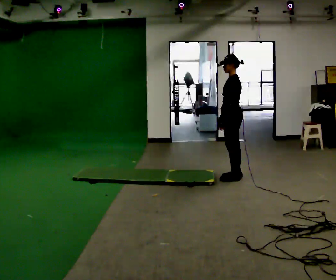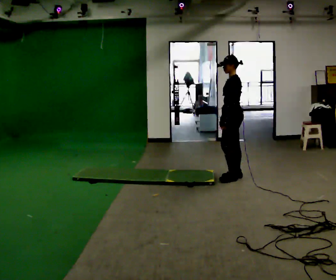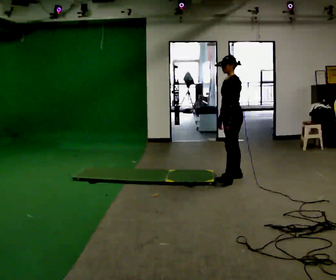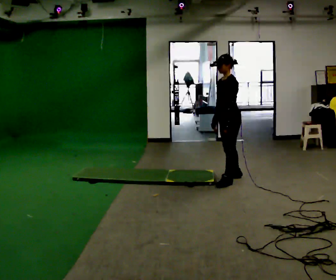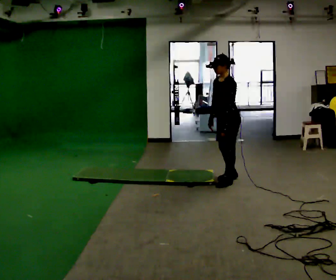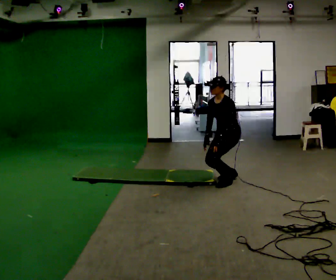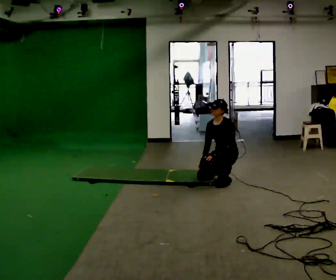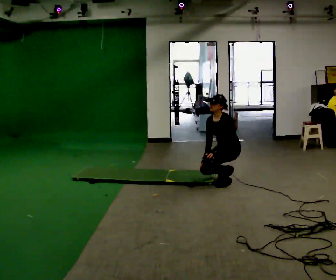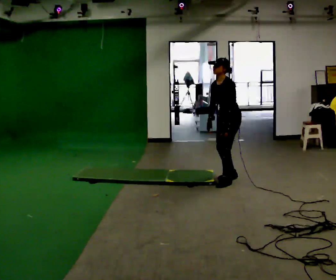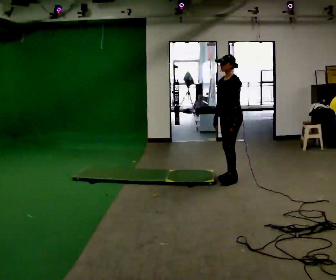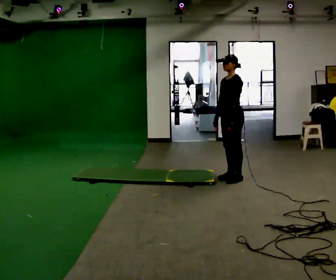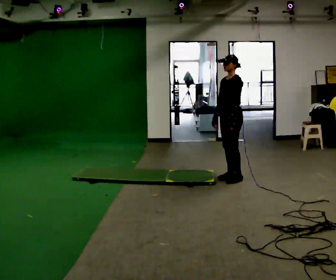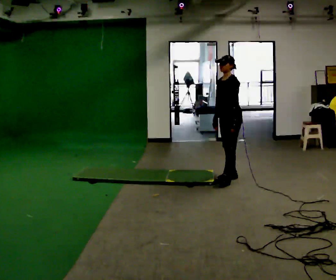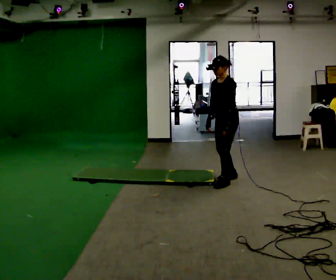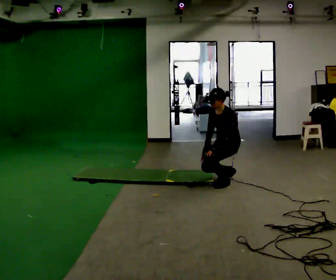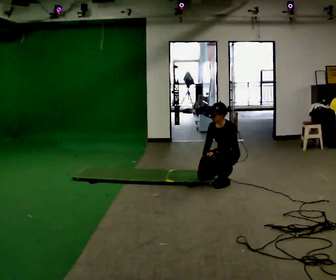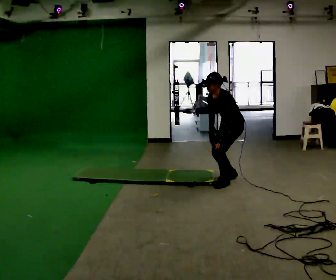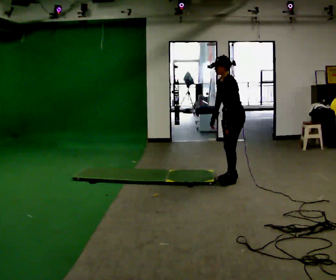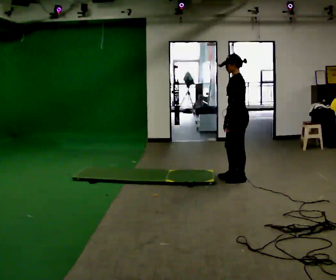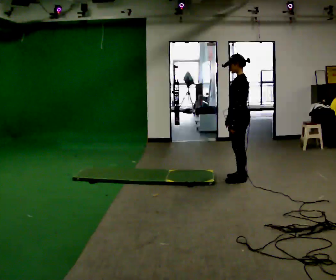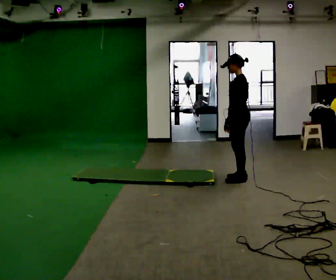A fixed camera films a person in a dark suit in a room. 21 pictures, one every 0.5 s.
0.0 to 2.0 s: Seen from above the body turns counterclockwise, about 30 degrees: to their left, with its near side sliding to the right. In the picture they go toward the camera, about 0.25 m in 1 step, which for them is to their left.
2.0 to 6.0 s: In the picture they go away from the camera, about 0.25 m in 2 steps, which for them is to their right.
6.0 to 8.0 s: The upper body tips toward the camera, its near side rolling downward, as they bend forward.
8.0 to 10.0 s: The part of the body nearest the lens slides to the left as the person turns to their right by about 45 degrees. The shoulders move upward. In the picture the upper body tilts clockwise, shoulders to the right, as they lean back or straighten.
The film runs forward here.
